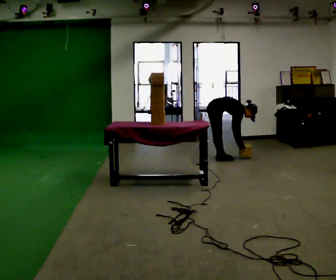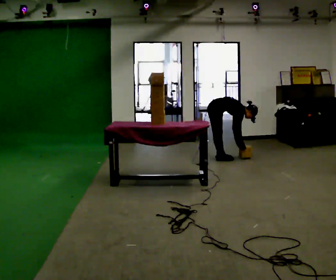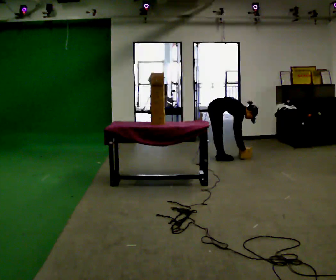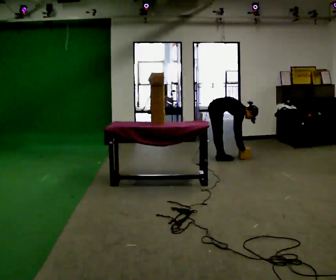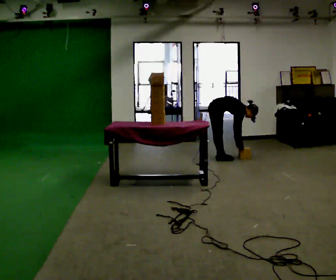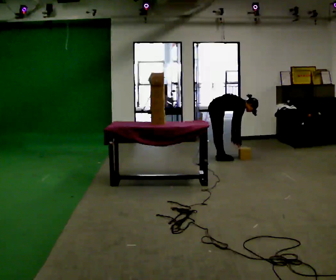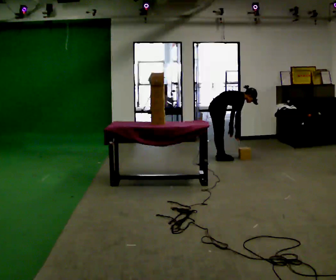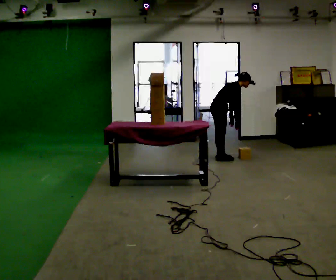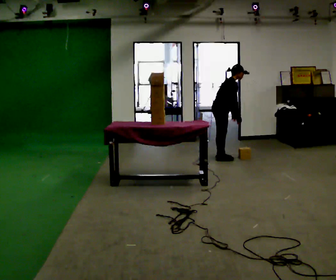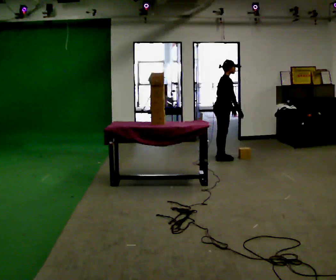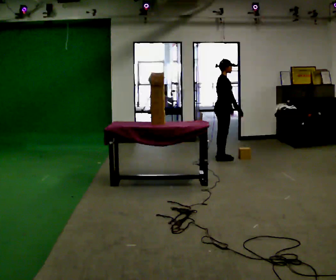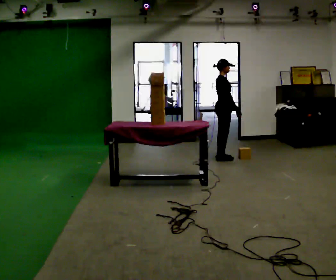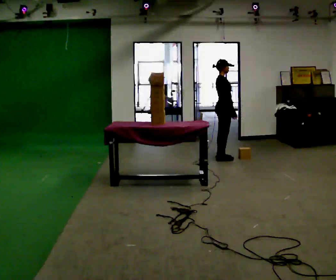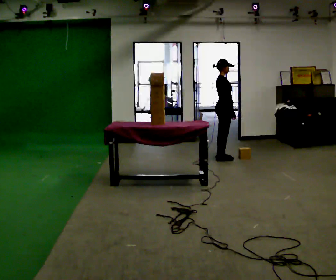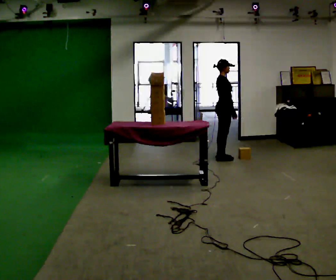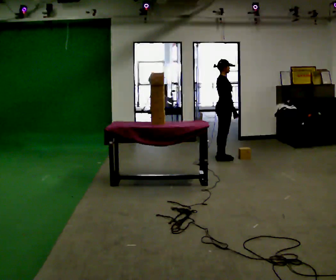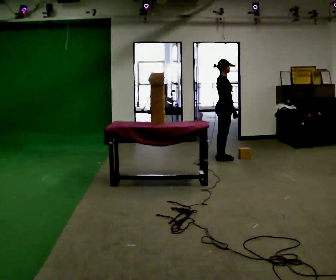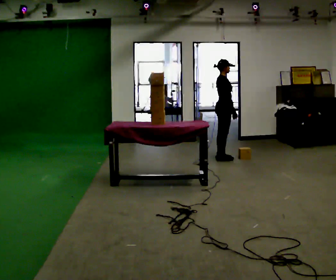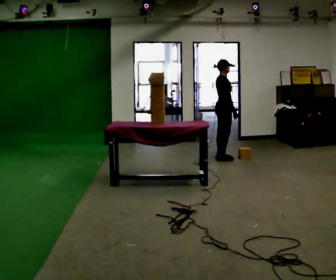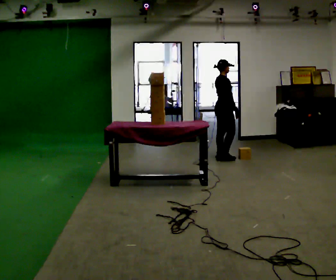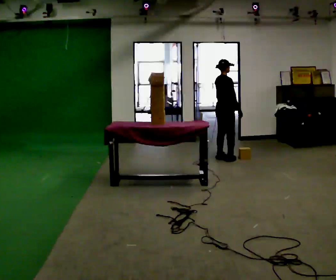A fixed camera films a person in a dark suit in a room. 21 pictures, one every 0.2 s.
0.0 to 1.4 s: The shoulders move upward. In the picture the upper body tilts counterclockwise, shoulders to the left, as they lean back or straighten. In the picture their left hand goes upward.
1.4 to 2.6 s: In the picture the upper body tilts counterclockwise, shoulders to the left, as they lean back or straighten.
2.6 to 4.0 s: The part of the body nearest the lens slides to the right as the person turns to their left by about 30 degrees.
The film runs forward here.
